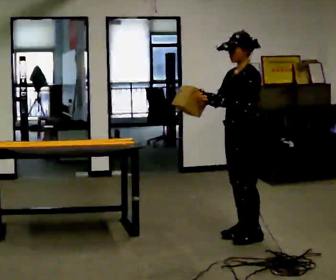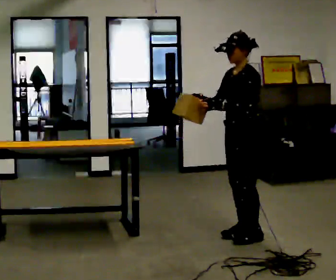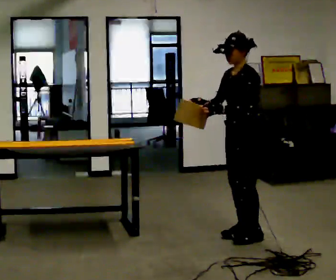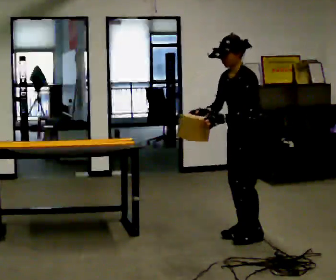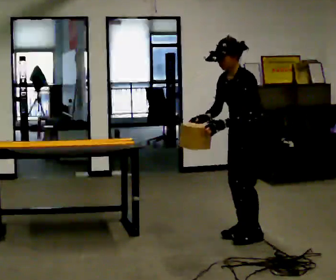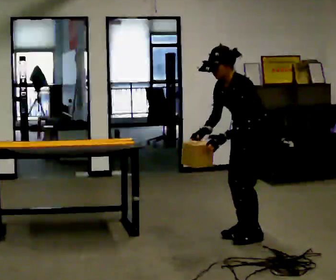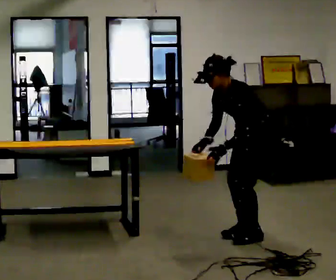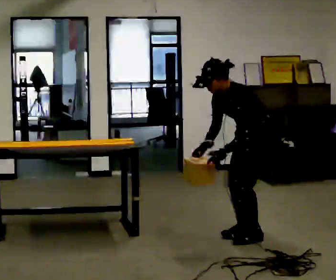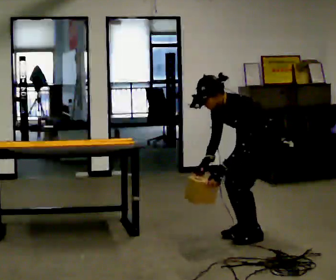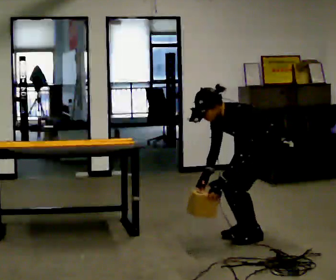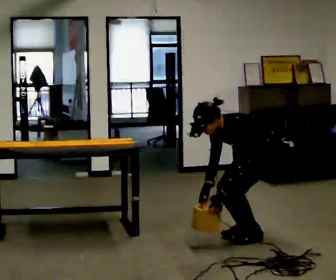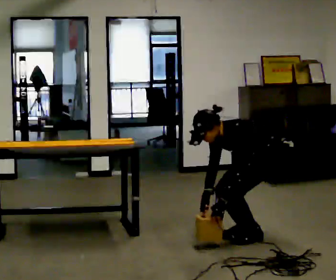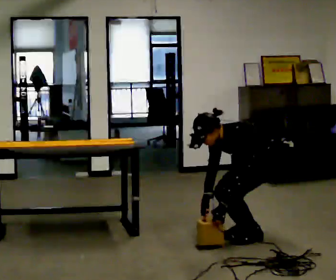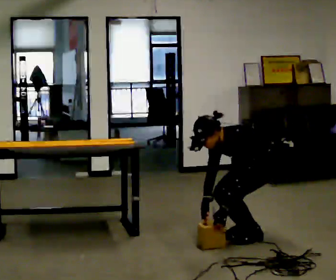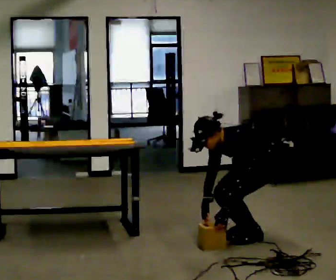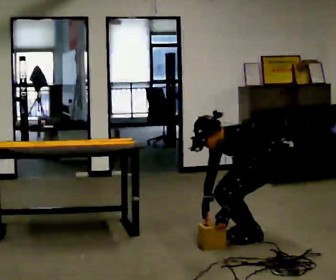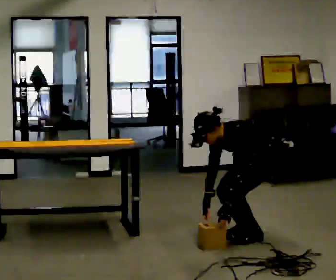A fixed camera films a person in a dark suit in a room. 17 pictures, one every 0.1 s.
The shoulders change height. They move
downward.
Their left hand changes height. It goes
downward.
0.0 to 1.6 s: The upper body goes downward. In the picture the upper body tilts counterclockwise, shoulders to the left, as they bend forward. In the picture their right hand goes downward.
The film runs backward here.
